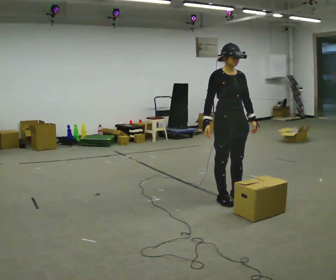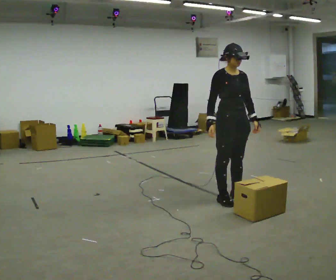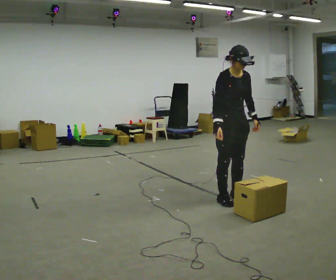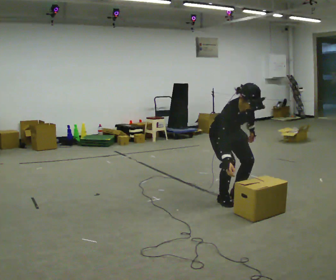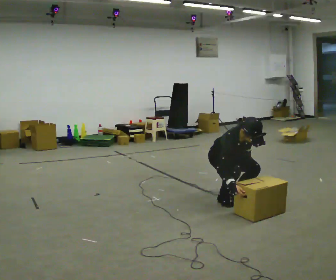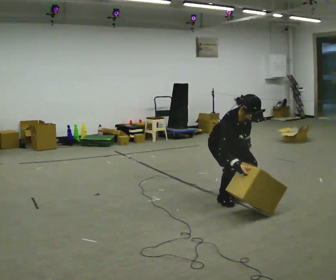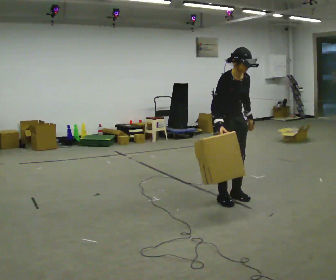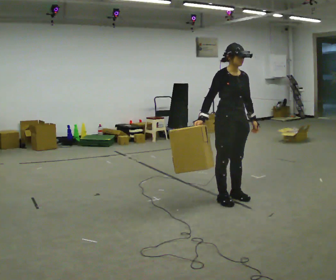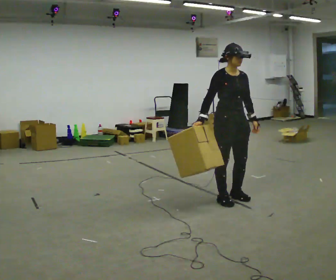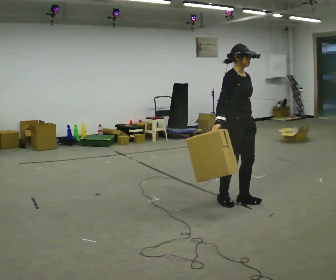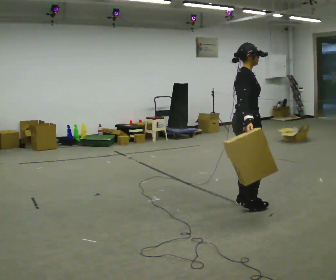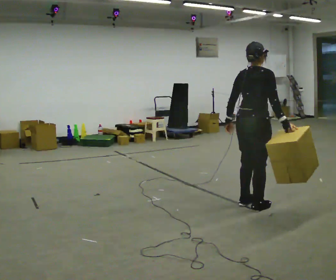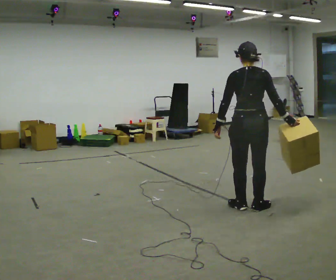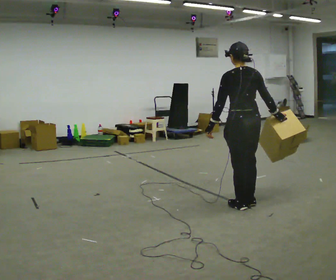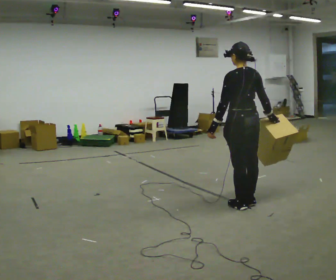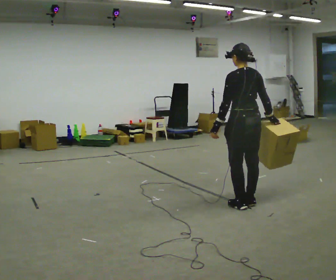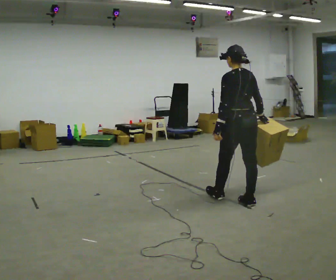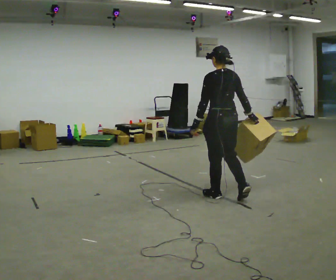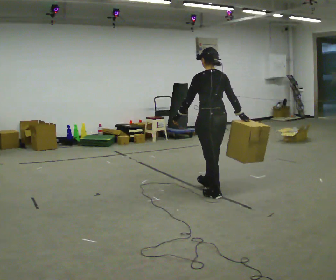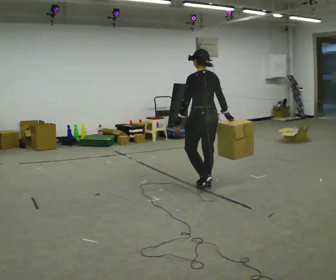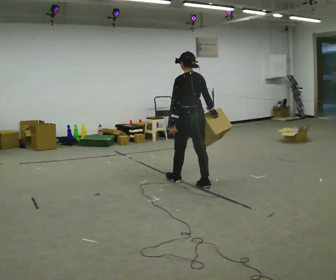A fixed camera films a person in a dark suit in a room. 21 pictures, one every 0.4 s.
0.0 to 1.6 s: The upper body goes downward. The upper body tips toward the camera, its near side rolling downward, as they bend forward. In the picture their left hand goes downward.
1.6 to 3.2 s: The upper body goes upward. The upper body tips away from the camera, its near side rolling upward, as they lean back or straighten. In the picture their left hand goes upward.
3.2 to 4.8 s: Seen from above the body turns counterclockwise, about 150 degrees: to their left, with its near side sliding to the right. In the picture they go toward the camera and to the right, about 0.25 m in 3 steps.
4.8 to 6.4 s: The part of the body nearest the lens slides to the right as the person turns to their left by about 30 degrees. In the picture they go away from the camera, about 0.25 m in 1 step, which for them is forward.
6.4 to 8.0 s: In the picture they go away from the camera and to the left, about 1 m in 3 steps, which for them is forward.
The film runs forward here.
